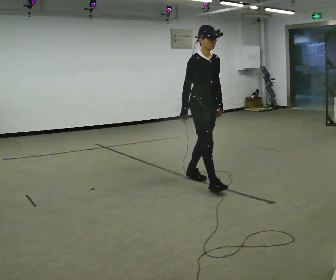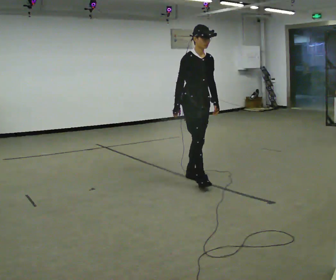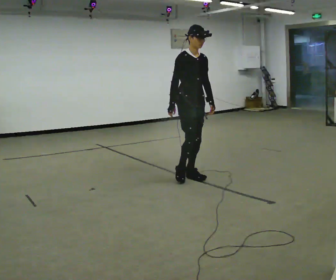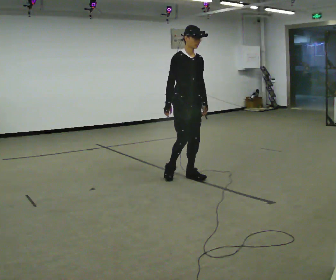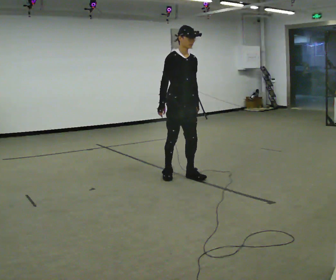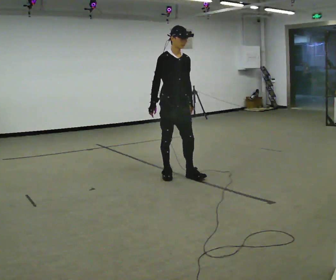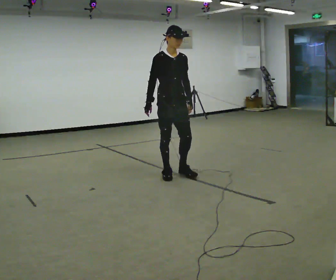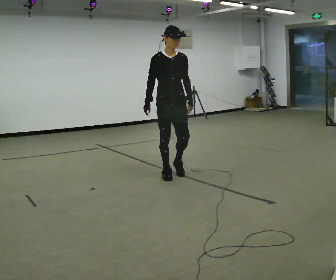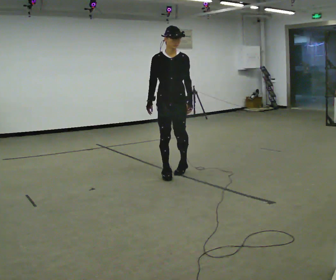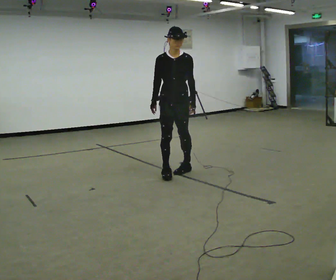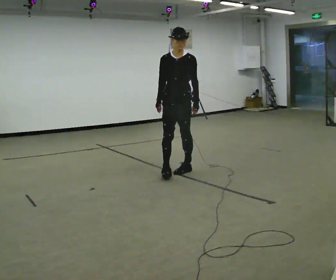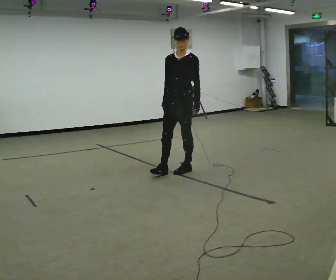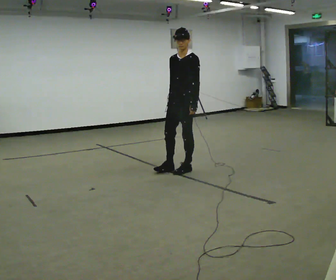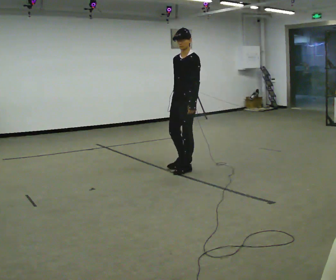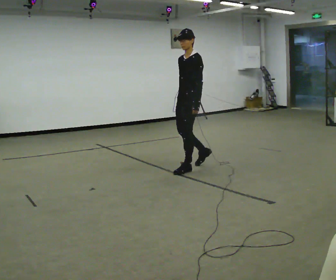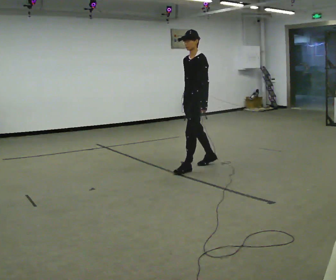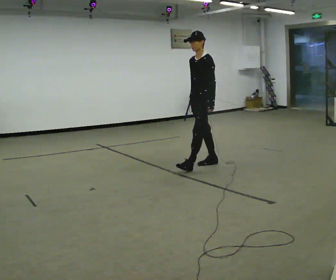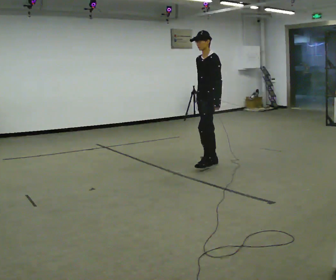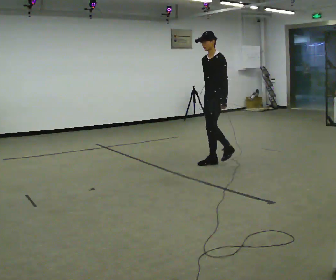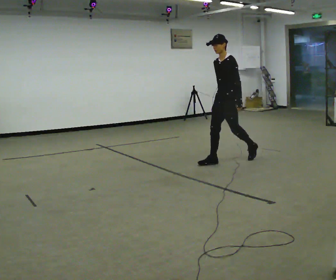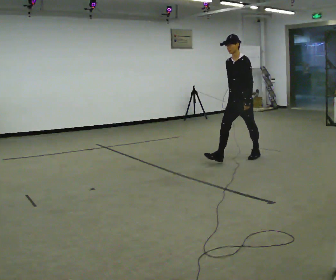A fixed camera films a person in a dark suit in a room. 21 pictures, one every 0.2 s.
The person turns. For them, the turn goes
to their right.
The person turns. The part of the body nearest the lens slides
to the left.
0.0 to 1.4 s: In the picture they go to the left and away from the camera, about 0.5 m in 2 steps, which for them is backward.
1.4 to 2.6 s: The part of the body nearest the lens slides to the left as the person turns to their right by about 75 degrees. In the picture they go away from the camera and to the right, about 0.25 m in 1 step.
2.6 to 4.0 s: In the picture they go to the right and away from the camera, about 1 m in 2 steps, which for them is backward.
The film runs backward here.
